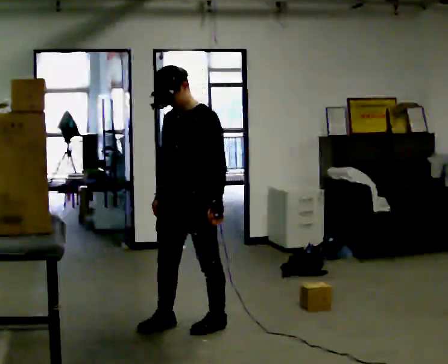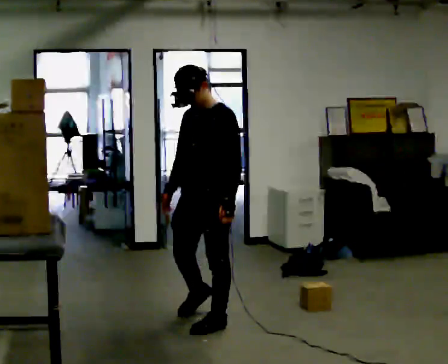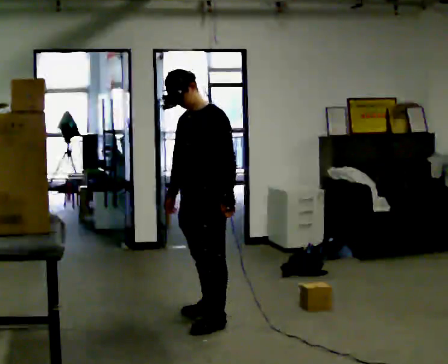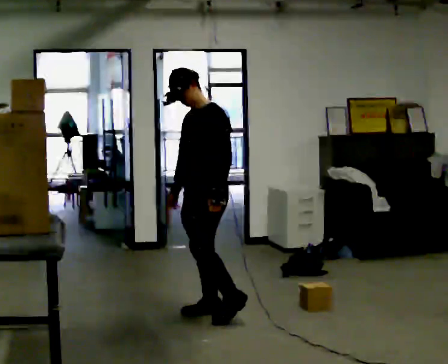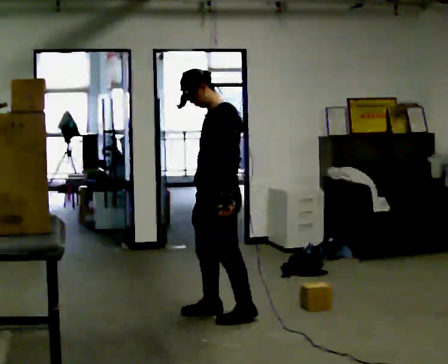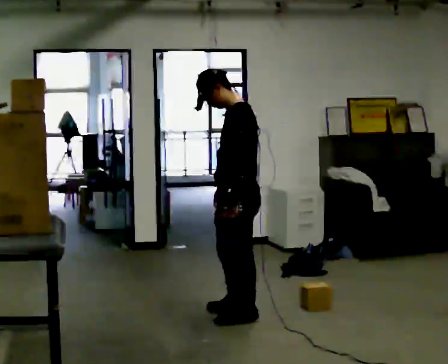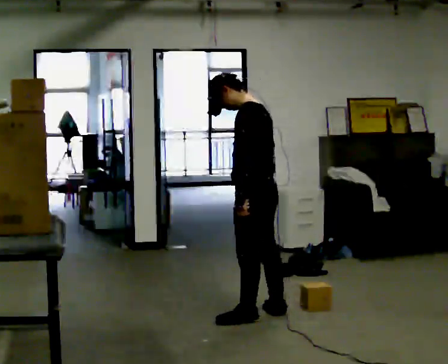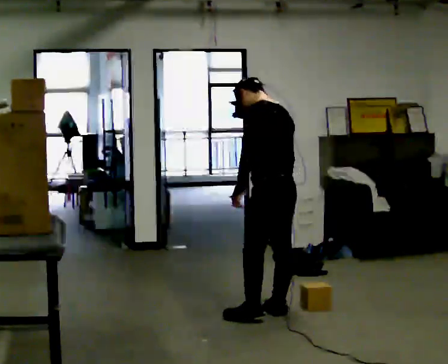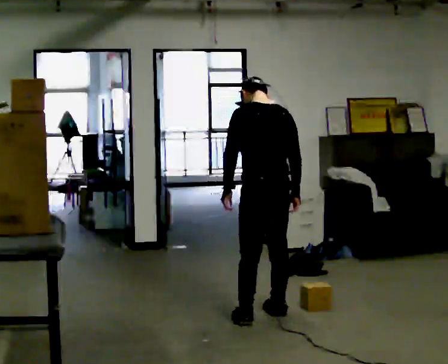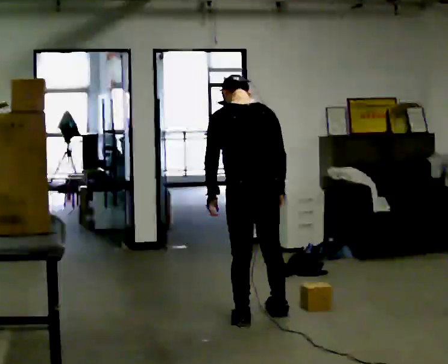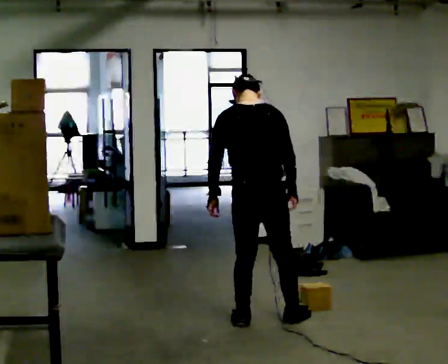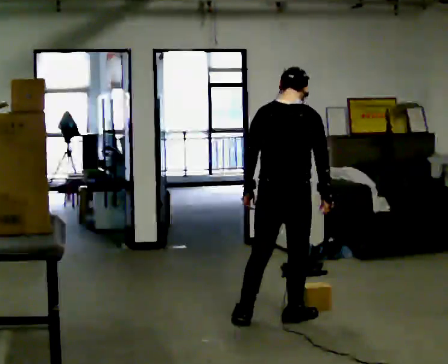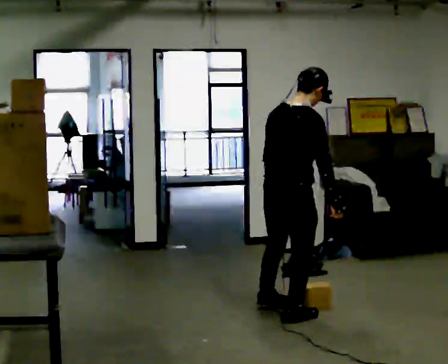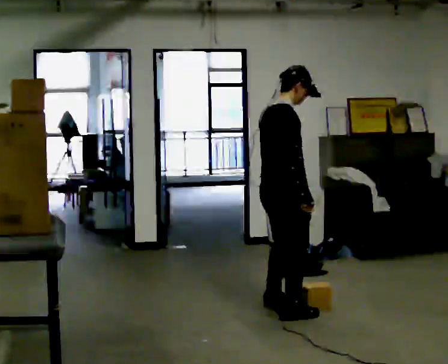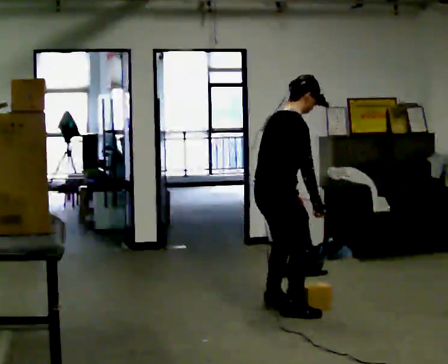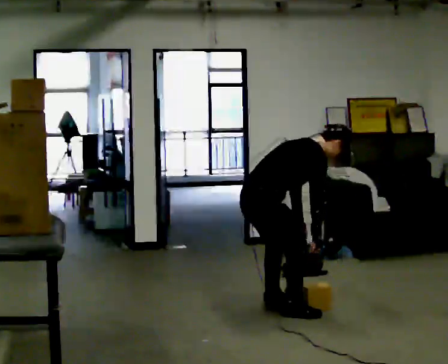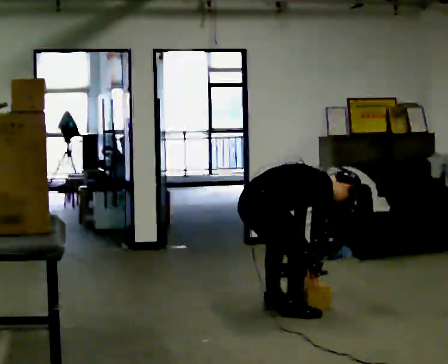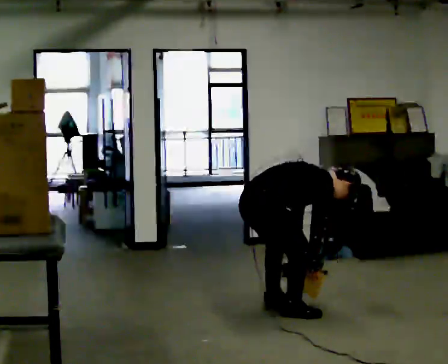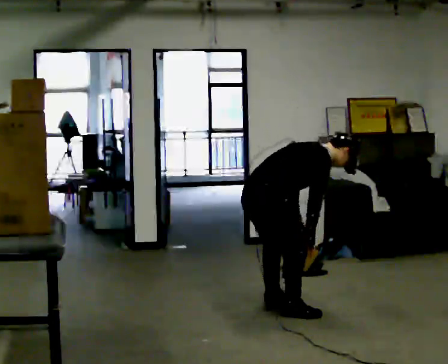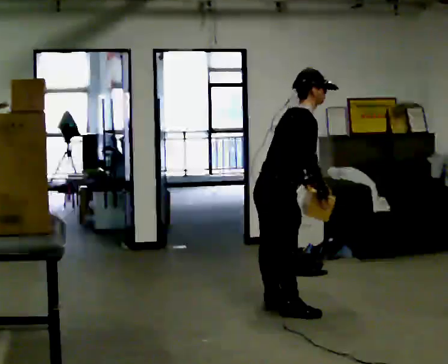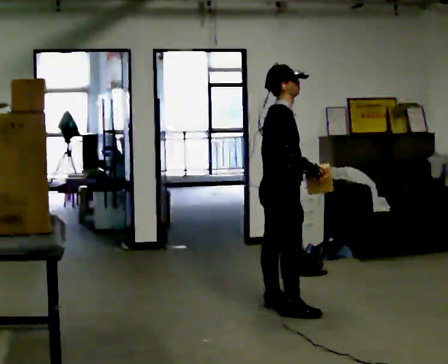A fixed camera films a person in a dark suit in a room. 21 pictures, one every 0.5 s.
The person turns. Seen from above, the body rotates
clockwise.
The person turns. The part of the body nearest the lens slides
to the left.
0.0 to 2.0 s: Seen from above the body turns clockwise, about 30 degrees: to their right, with its near side sliding to the left. In the picture they go away from the camera and to the right, about 0.25 m in 2 steps, which for them is backward.
2.0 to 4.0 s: Seen from above the body turns clockwise, about 75 degrees: to their right, with its near side sliding to the left. In the picture they go to the right, about 0.25 m in 1 step.
4.0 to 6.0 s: Seen from above the body turns clockwise, about 60 degrees: to their right, with its near side sliding to the left.
6.0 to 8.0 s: Seen from above the body turns clockwise, about 30 degrees: to their right, with its near side sliding to the left. In the picture they go to the left, about 0.25 m in 1 step, which for them is to their left and backward. The upper body goes downward. In the picture the upper body tilts clockwise, shoulders to the right, as they bend forward. In the picture their right hand goes downward.
8.0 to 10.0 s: In the picture they go away from the camera, about 0.25 m, which for them is forward. The upper body goes upward. In the picture the upper body tilts counterclockwise, shoulders to the left, as they lean back or straighten. In the picture their left hand goes upward.
The film runs backward here.
